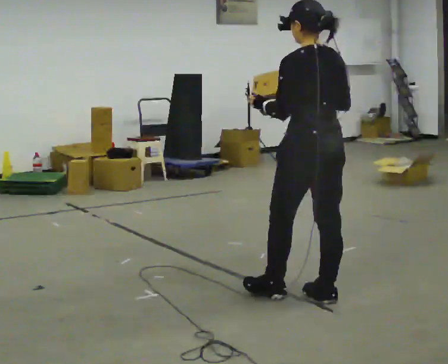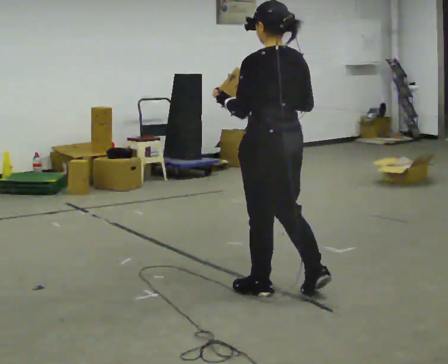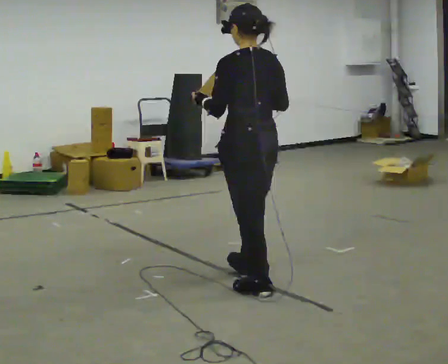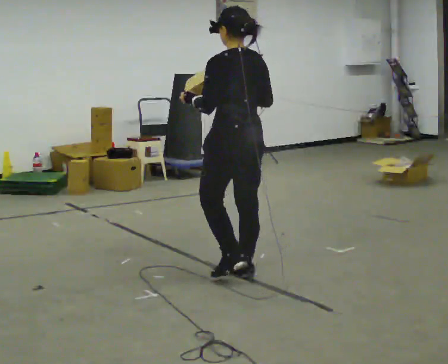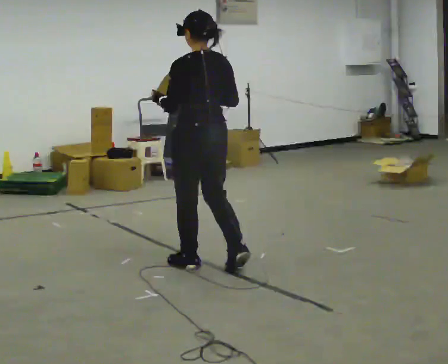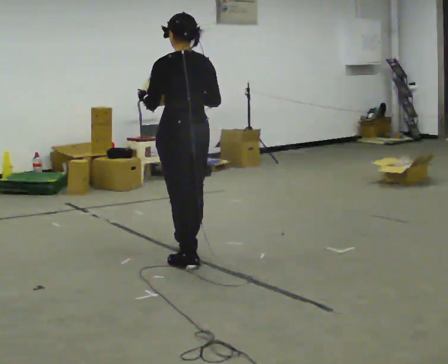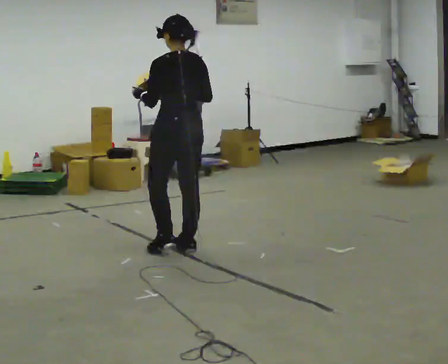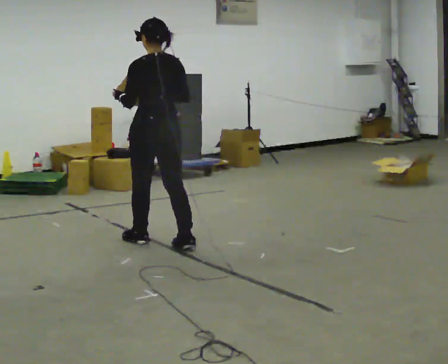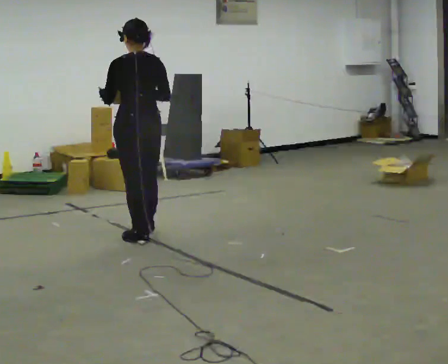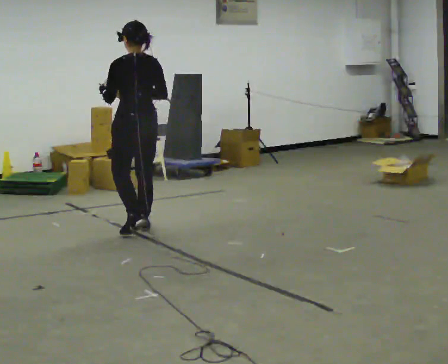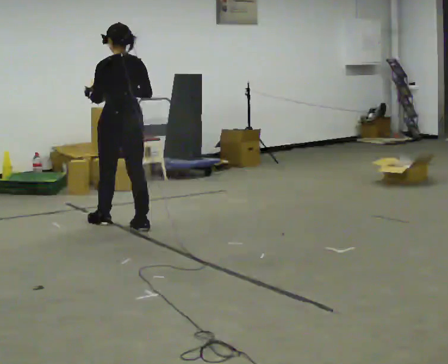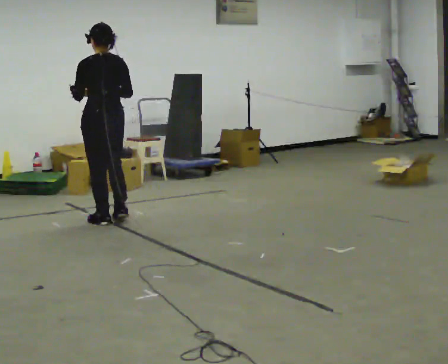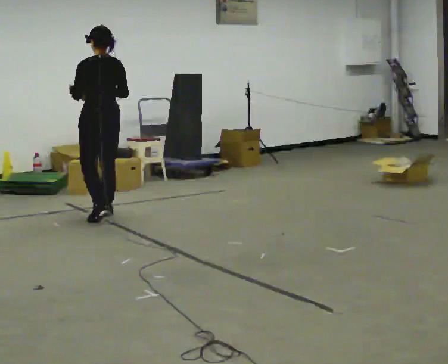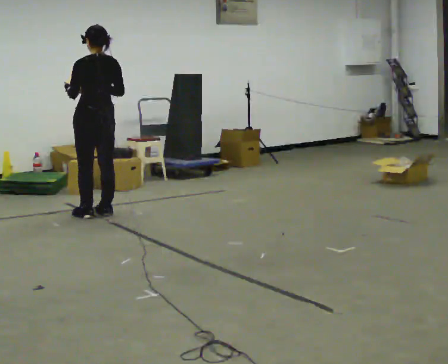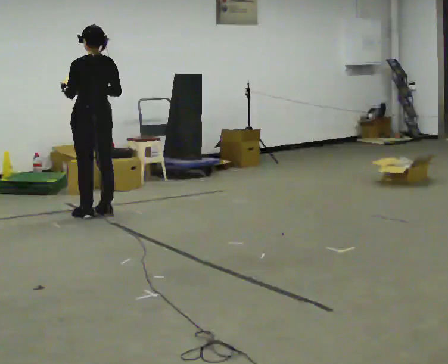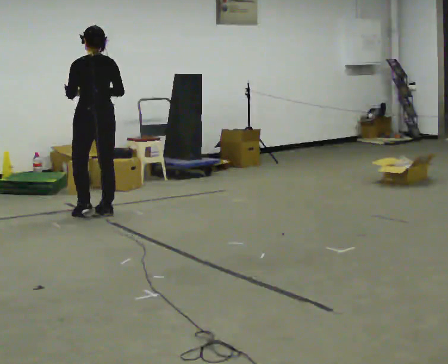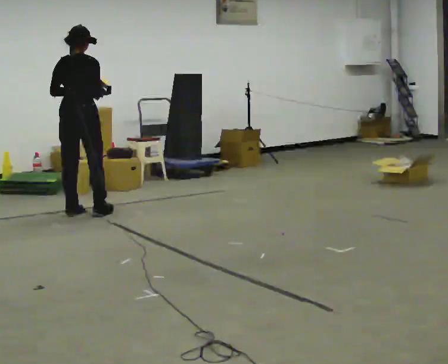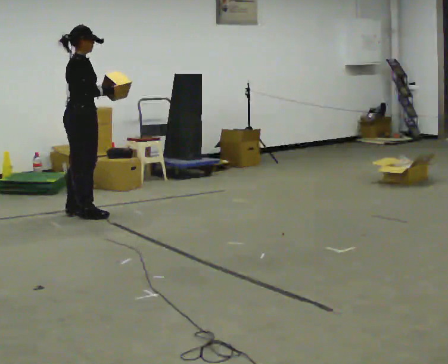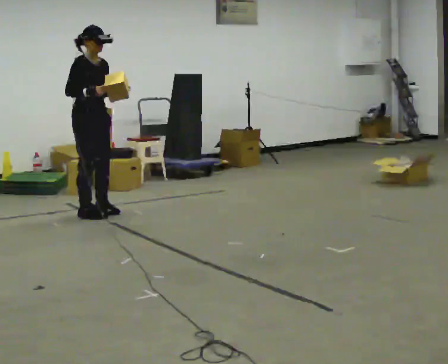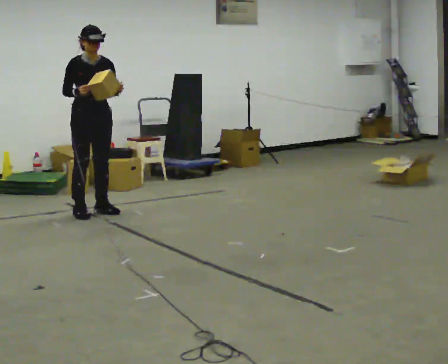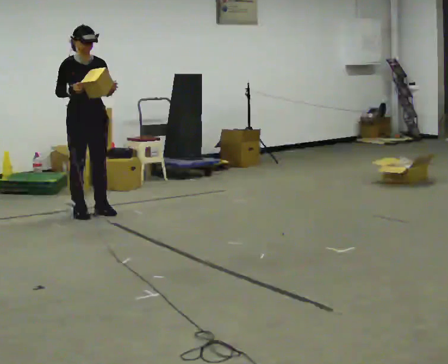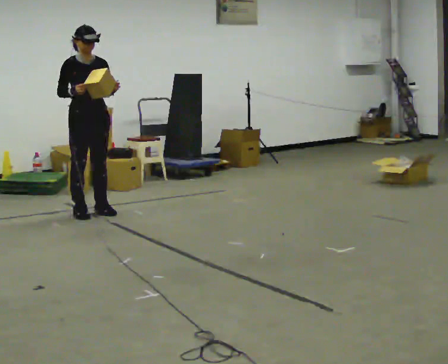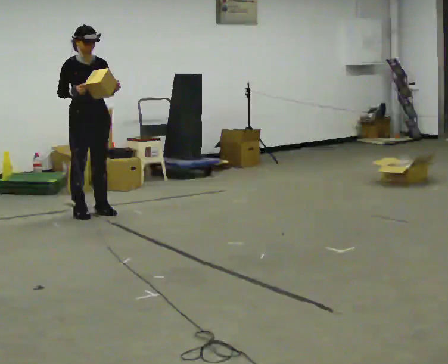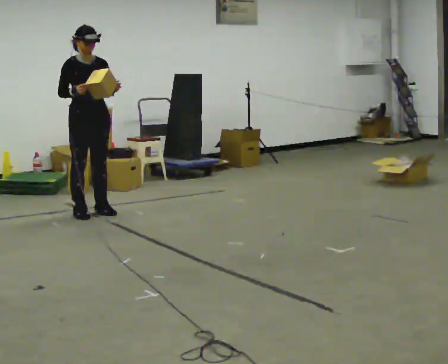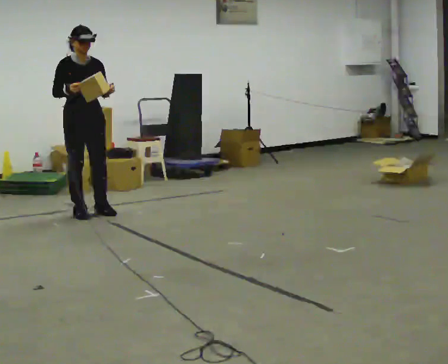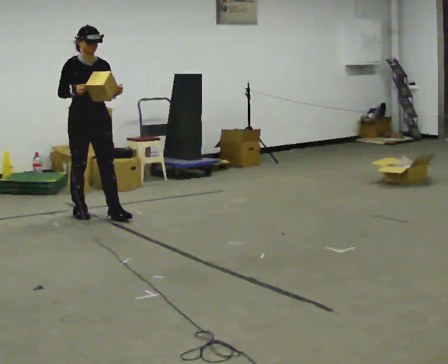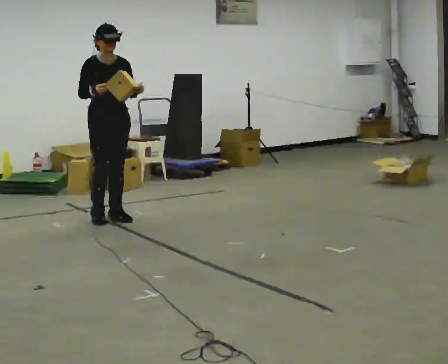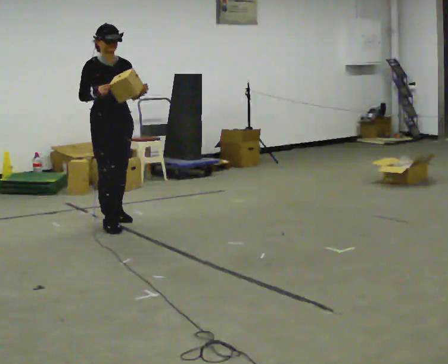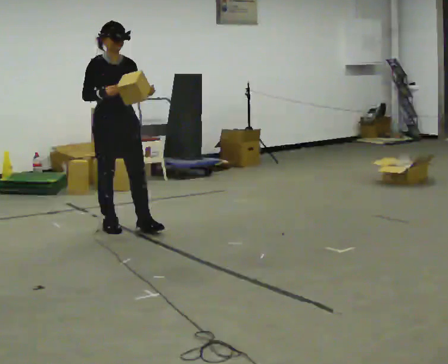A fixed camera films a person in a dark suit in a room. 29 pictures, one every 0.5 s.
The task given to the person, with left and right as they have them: Carry the object and, while walking, turn it over in your hands to look at all sides of it. Keep turning it as you walk.
0.0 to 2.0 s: In the picture they go away from the camera and to the left, about 1 m in 3 steps, which for them is forward.
2.0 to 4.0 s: In the picture they go away from the camera and to the left, about 1 m in 2 steps, which for them is forward.
4.0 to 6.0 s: In the picture they go away from the camera and to the left, about 1 m in 3 steps, which for them is forward.
6.0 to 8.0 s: Seen from above the body turns clockwise, about 60 degrees: to their right, with its near side sliding to the left. In the picture they go to the left, about 0.25 m in 2 steps, which for them is to their left and forward.
8.0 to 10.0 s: The person turns about 120 degrees to their right, clockwise seen from above, so the part of the body nearest the lens slides to the left. In the picture their left hand goes to the right.
10.0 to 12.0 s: The person moves a little, or ends about where they began.
12.0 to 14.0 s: In the picture they go toward the camera and to the right, about 0.5 m in 2 steps, which for them is forward.
The film runs forward here.
